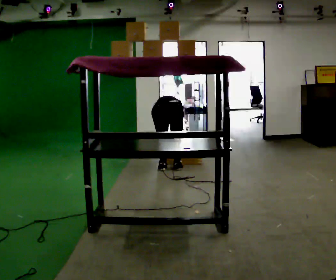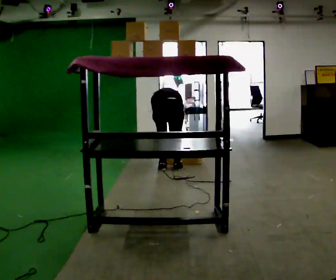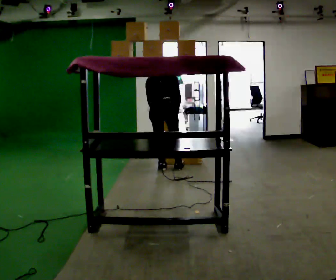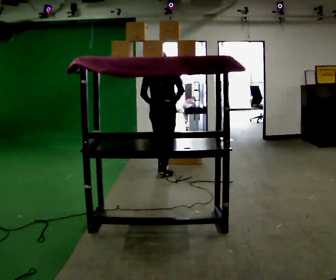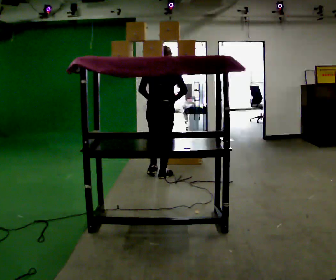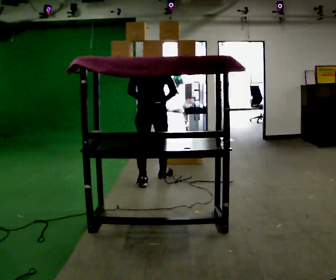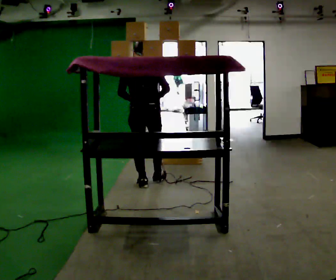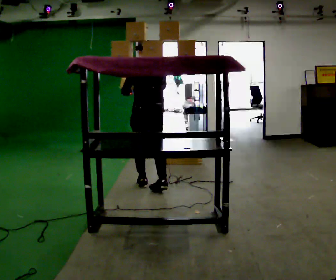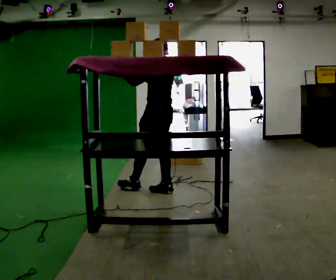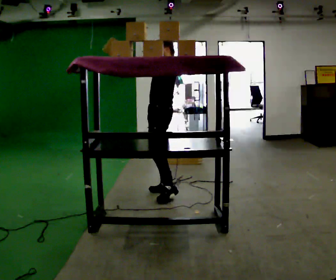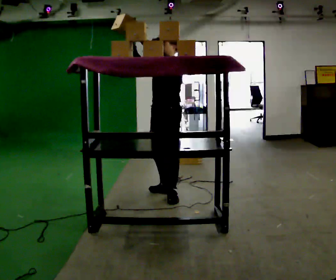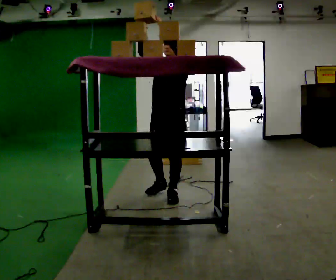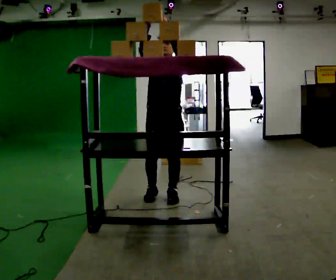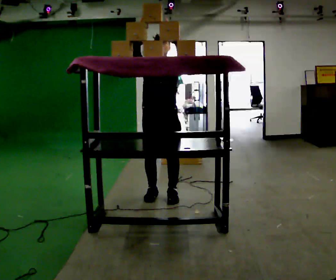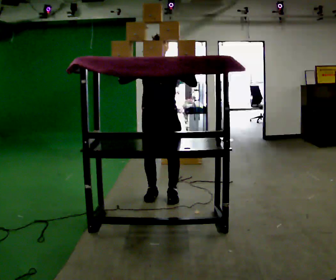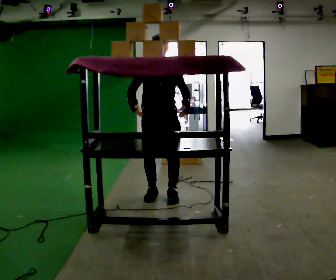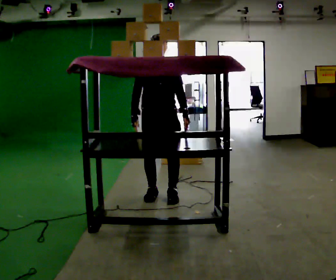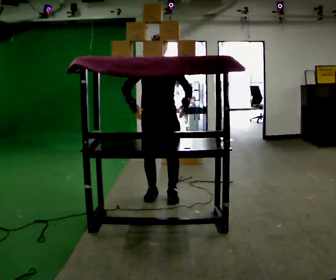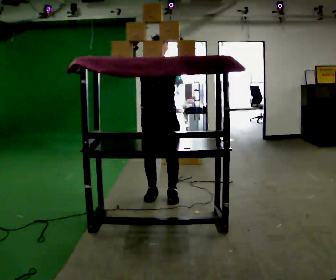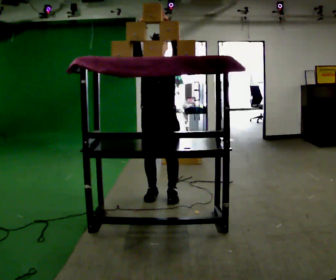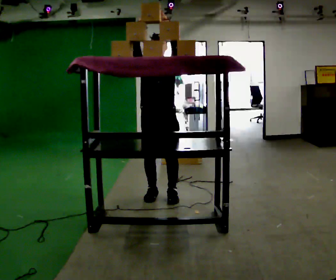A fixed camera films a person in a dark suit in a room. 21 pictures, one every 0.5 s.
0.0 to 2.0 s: In the picture they go toward the camera, about 0.25 m in 2 steps, which for them is backward. The upper body goes upward. The upper body tips toward the camera, its near side rolling downward, as they lean back or straighten. In the picture their left hand goes upward.
2.0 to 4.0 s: The part of the body nearest the lens slides to the right as the person turns to their left by about 60 degrees. In the picture they go toward the camera, about 0.75 m in 2 steps. In the picture their right hand goes upward.
4.0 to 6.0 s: The person turns about 120 degrees to their left, counterclockwise seen from above, so the part of the body nearest the lens slides to the right. In the picture they go toward the camera, about 0.25 m in 1 step. In the picture their left hand goes upward, the arm swinging clockwise.
6.0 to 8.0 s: In the picture their left hand goes downward.
8.0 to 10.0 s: In the picture their left hand goes upward.
The film runs backward here.
